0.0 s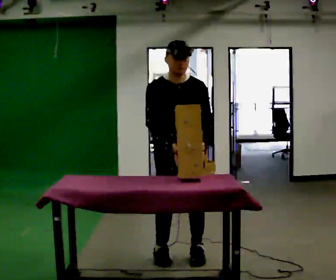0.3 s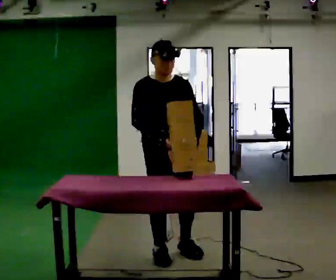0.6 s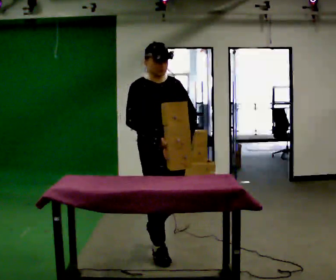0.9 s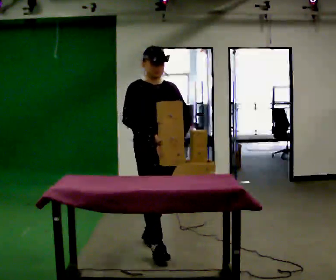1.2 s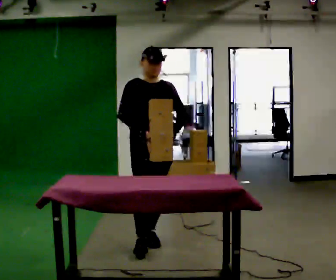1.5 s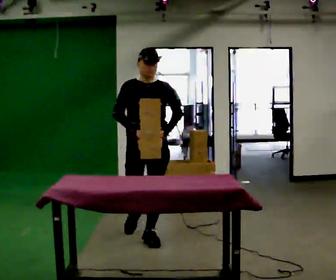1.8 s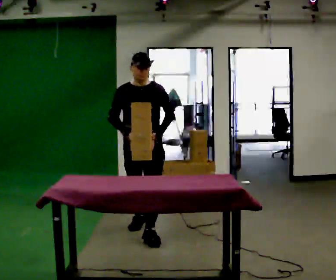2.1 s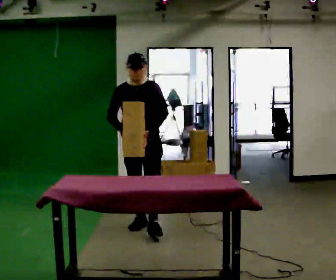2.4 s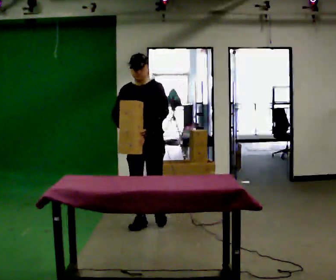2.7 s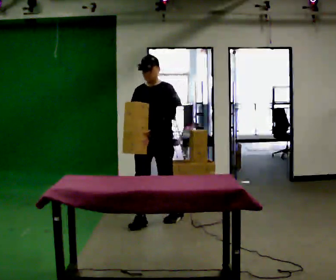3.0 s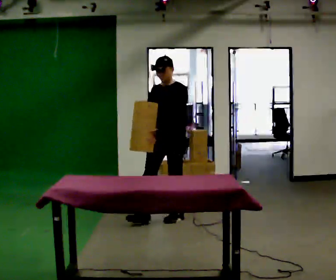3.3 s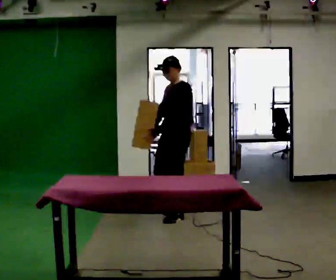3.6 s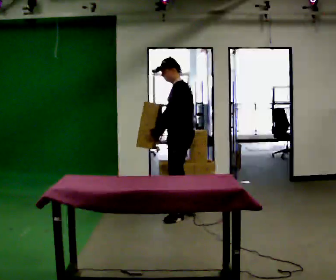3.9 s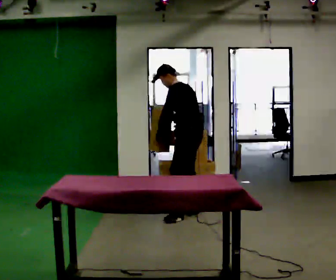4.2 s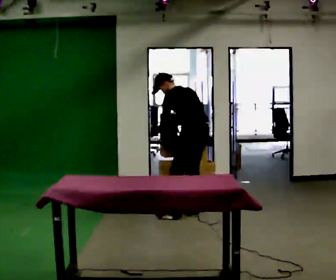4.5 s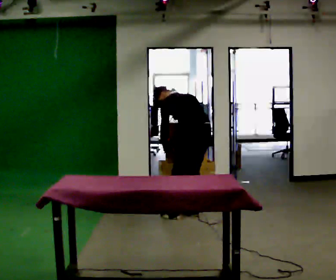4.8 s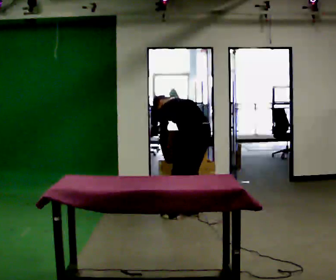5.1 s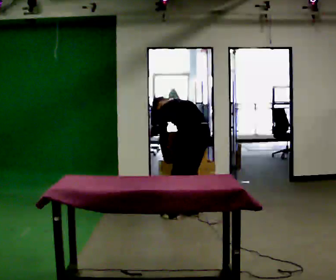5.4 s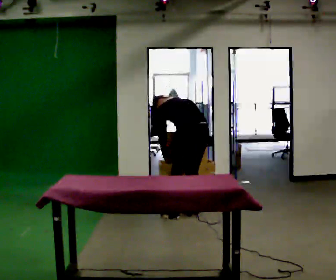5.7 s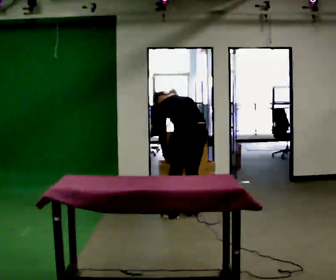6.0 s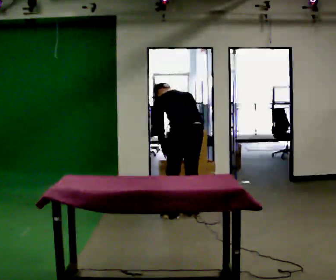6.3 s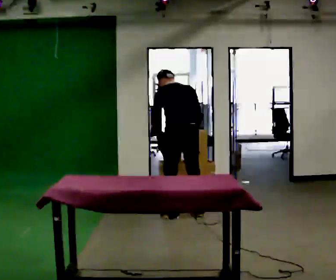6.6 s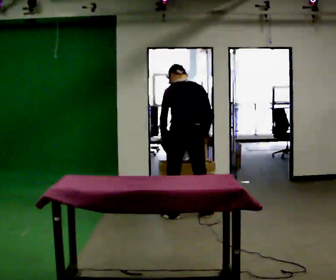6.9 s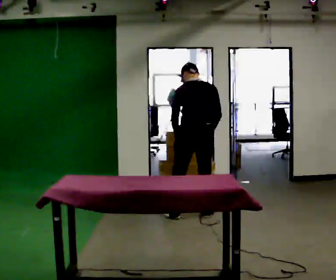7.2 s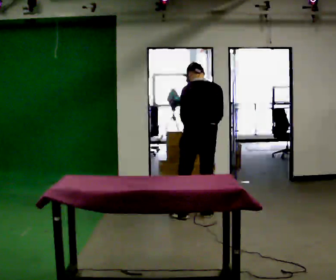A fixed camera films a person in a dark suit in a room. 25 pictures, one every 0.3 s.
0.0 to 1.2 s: In the picture they go away from the camera and to the left, about 0.5 m in 2 steps, which for them is backward. The upper body tips away from the camera, its near side rolling upward, as they lean back or straighten.
1.2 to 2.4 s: The person turns about 30 degrees to their right, clockwise seen from above, so the part of the body nearest the lens slides to the left. In the picture they go away from the camera, about 0.75 m in 1 step, which for them is backward.
2.4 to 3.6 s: The part of the body nearest the lens slides to the left as the person turns to their right by about 75 degrees. In the picture they go to the right and away from the camera, about 0.5 m in 1 step.
3.6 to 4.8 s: The part of the body nearest the lens slides to the left as the person turns to their right by about 60 degrees. The upper body goes downward. The upper body tips away from the camera, its near side rolling upward, as they bend forward.
4.8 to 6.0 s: In the picture the upper body tilts clockwise, shoulders to the right, as they lean back or straighten.
6.0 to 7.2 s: In the picture the upper body tilts clockwise, shoulders to the right, as they lean back or straighten.
The film runs backward here.
